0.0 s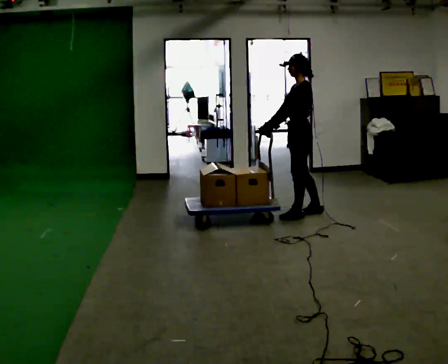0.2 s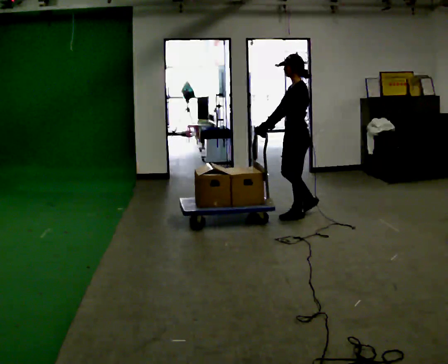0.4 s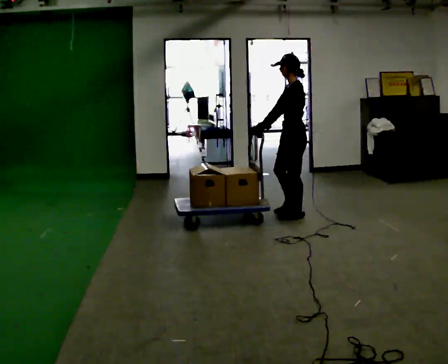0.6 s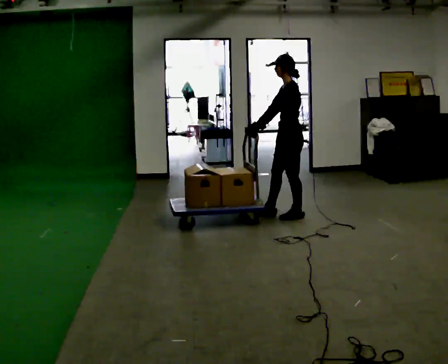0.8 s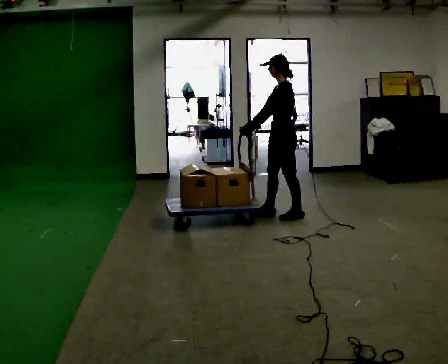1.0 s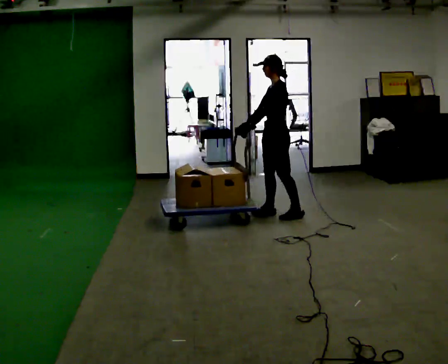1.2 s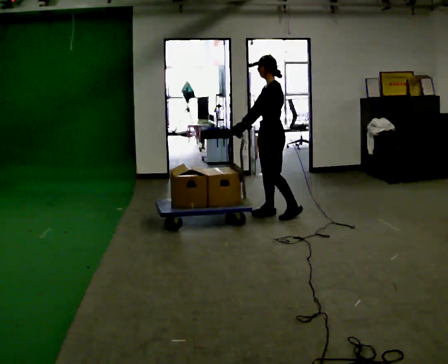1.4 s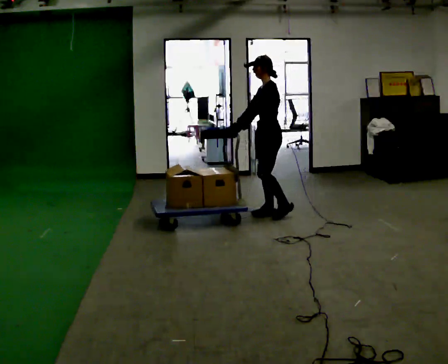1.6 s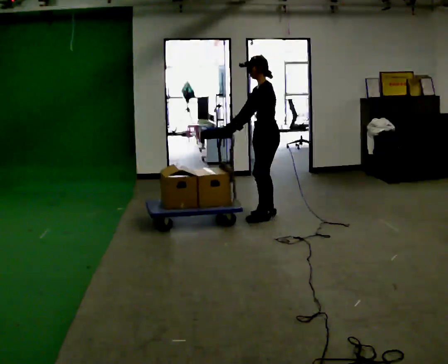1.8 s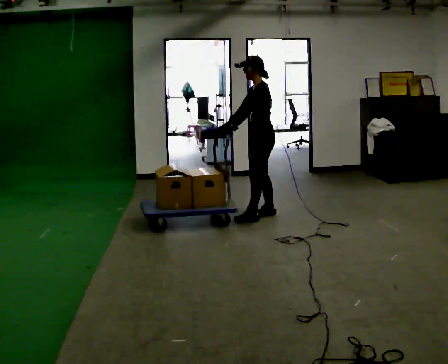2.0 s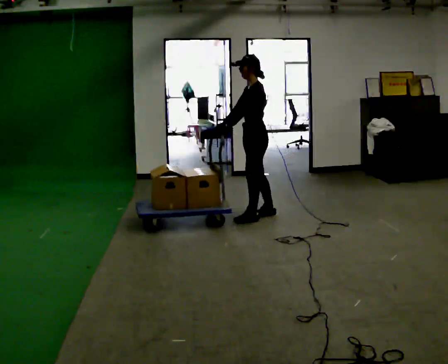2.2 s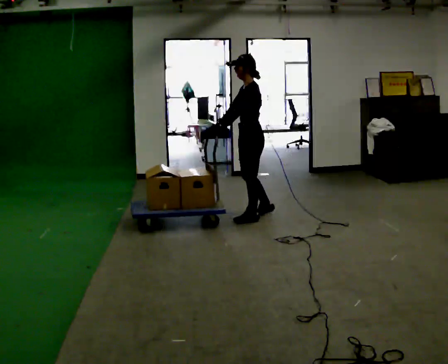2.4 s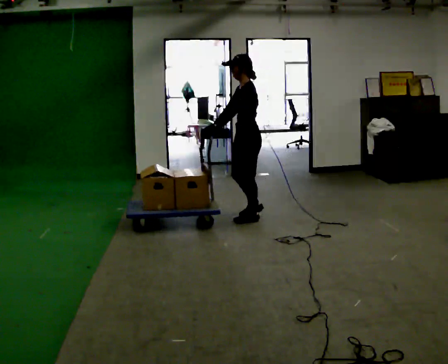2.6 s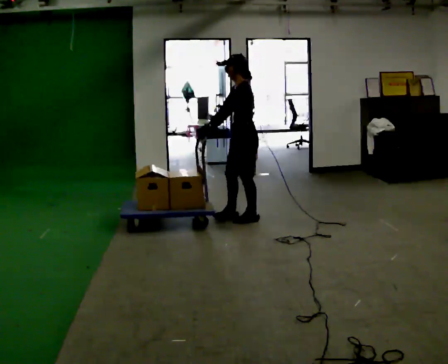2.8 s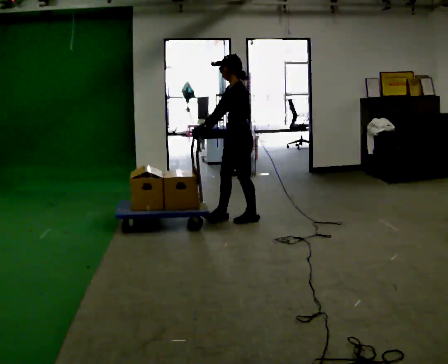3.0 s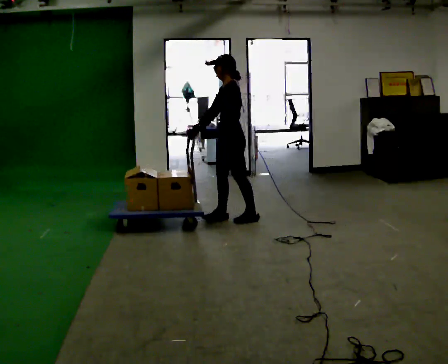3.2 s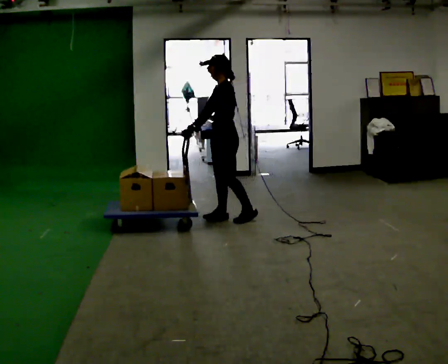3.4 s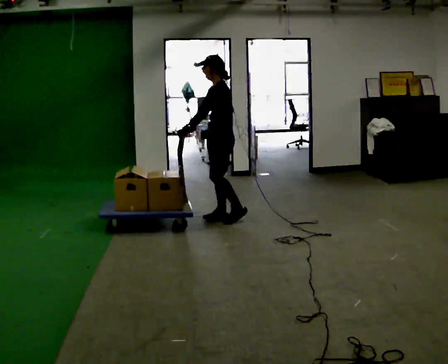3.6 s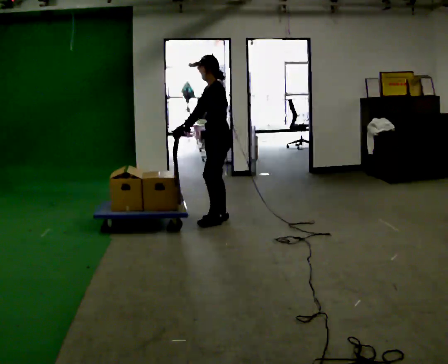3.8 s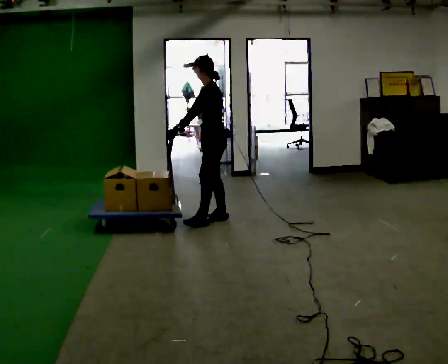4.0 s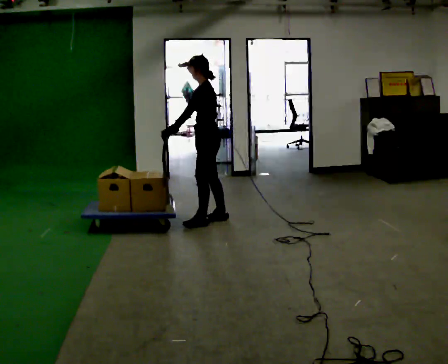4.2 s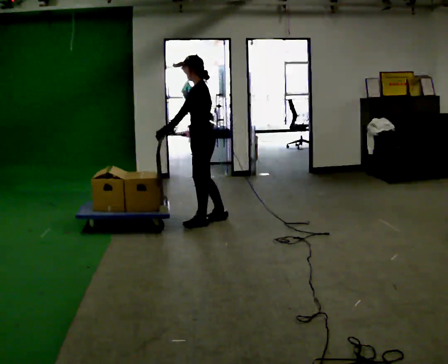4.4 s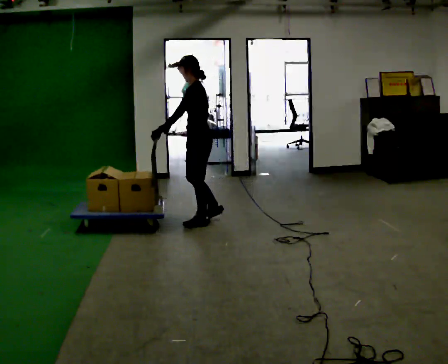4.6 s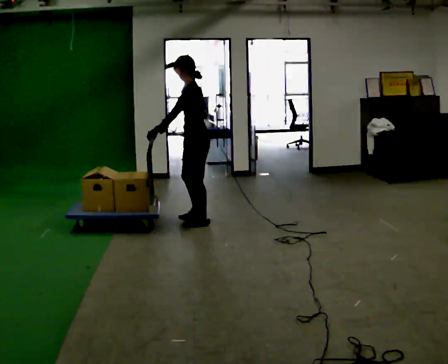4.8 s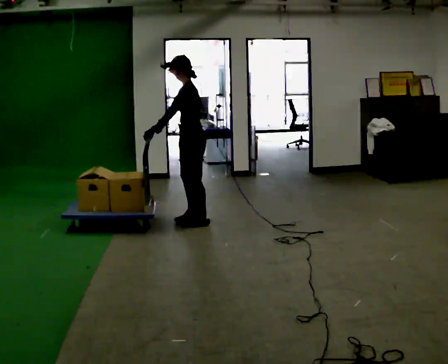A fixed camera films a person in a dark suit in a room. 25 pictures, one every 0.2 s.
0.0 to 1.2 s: In the picture they go to the left, about 0.25 m in 1 step, which for them is forward.
1.2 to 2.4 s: In the picture they go to the left and toward the camera, about 0.25 m in 1 step, which for them is forward and to their left.
2.4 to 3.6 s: In the picture they go to the left, about 0.25 m in 1 step, which for them is forward.
3.6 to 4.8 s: In the picture they go to the left, about 0.25 m in 2 steps, which for them is forward.
The film runs forward here.
